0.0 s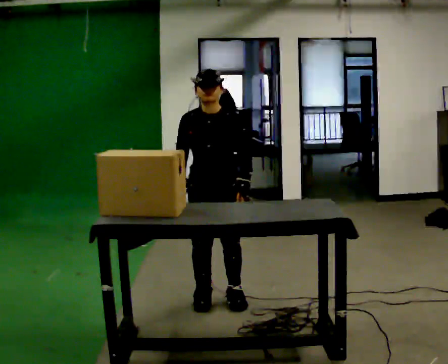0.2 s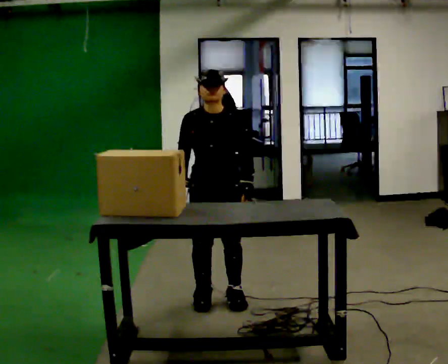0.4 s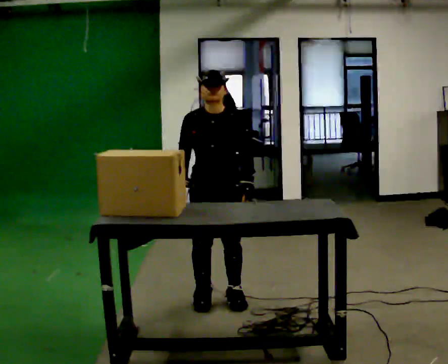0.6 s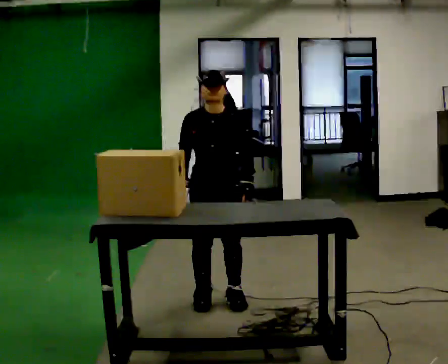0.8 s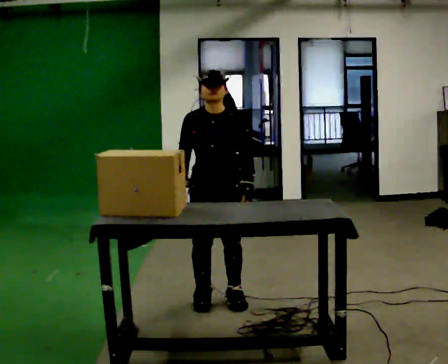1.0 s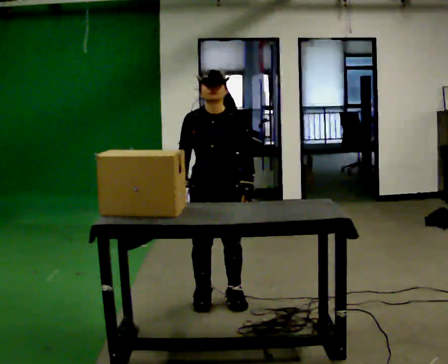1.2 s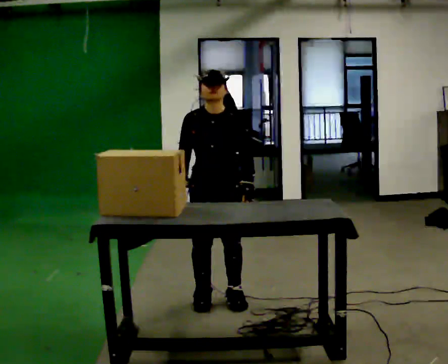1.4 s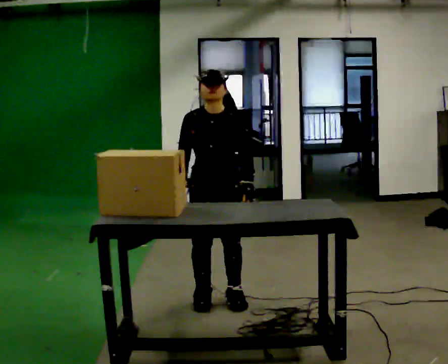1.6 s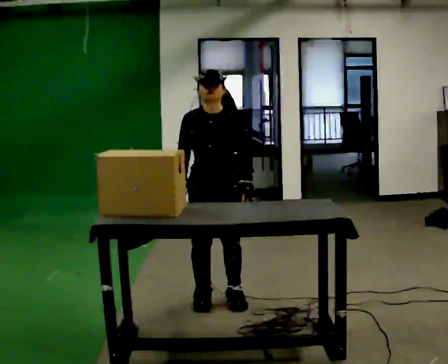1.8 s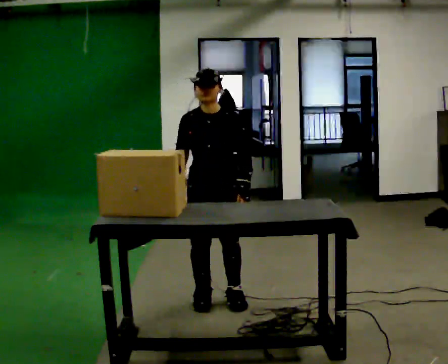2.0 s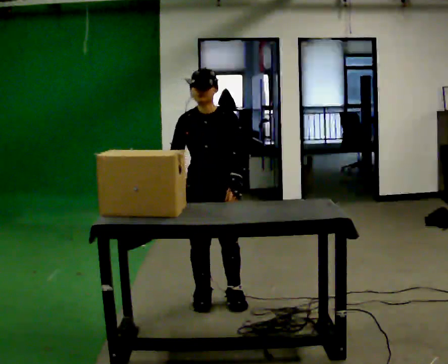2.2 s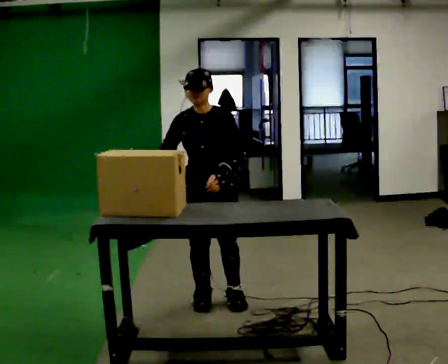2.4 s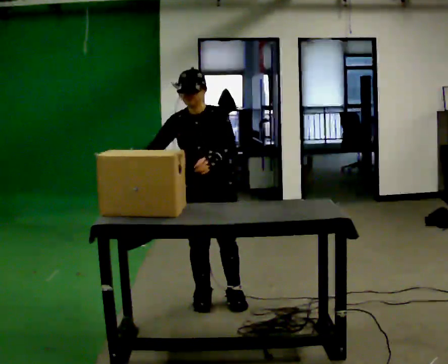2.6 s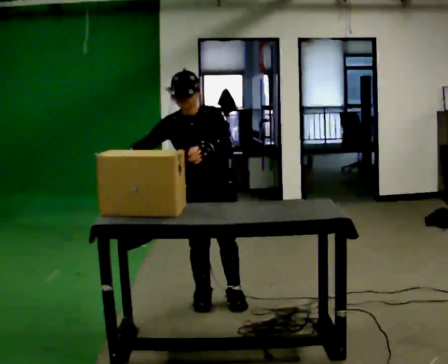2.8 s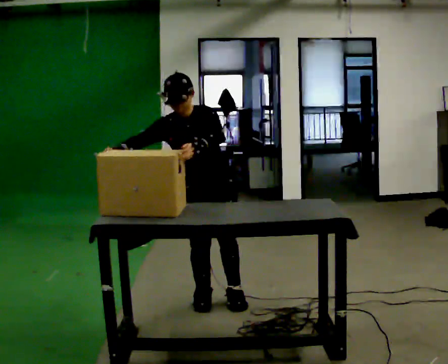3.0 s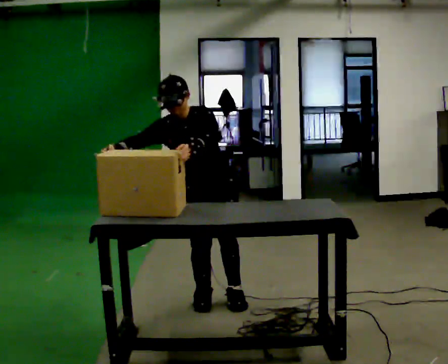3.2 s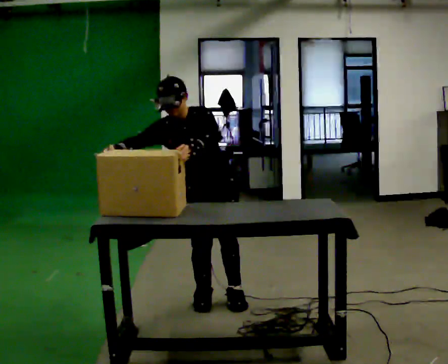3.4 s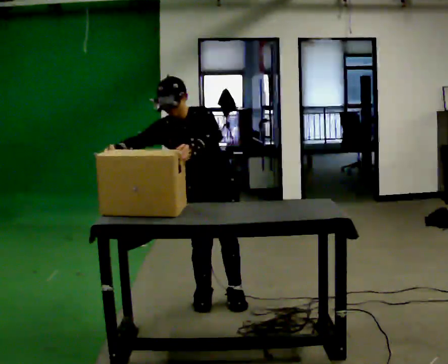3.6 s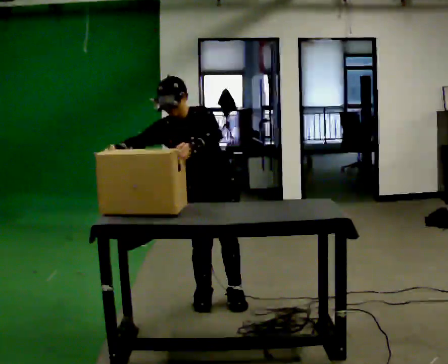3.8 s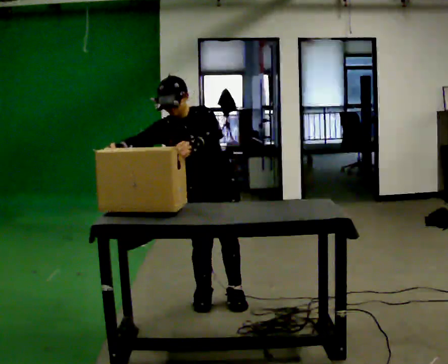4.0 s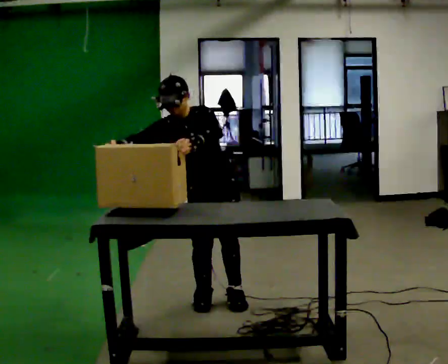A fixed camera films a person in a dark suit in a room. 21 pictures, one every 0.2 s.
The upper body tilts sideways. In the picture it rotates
counterclockwise.
0.0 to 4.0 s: In the picture the upper body tilts counterclockwise, shoulders to the left. In the picture their right hand goes to the left, the arm swinging clockwise.
The film runs backward here.
